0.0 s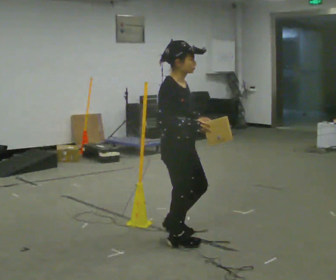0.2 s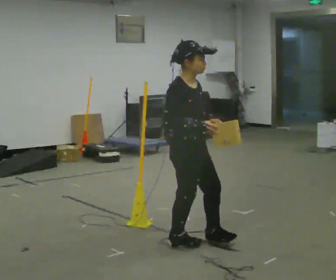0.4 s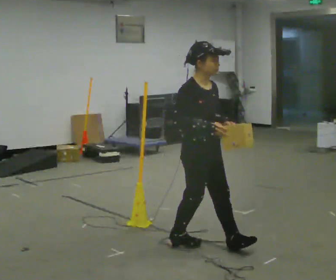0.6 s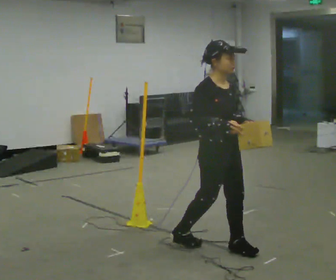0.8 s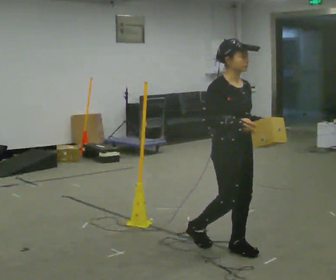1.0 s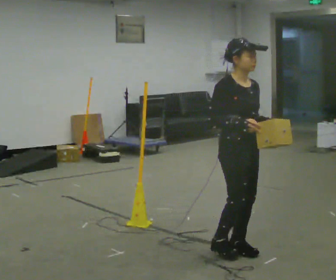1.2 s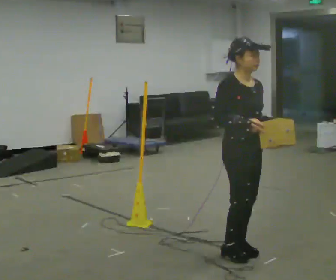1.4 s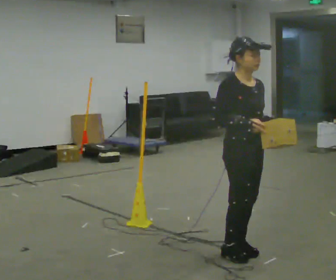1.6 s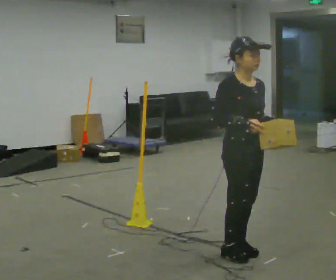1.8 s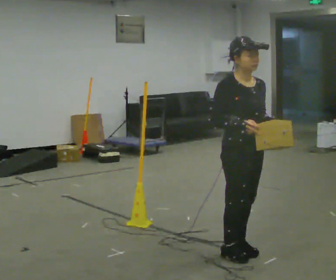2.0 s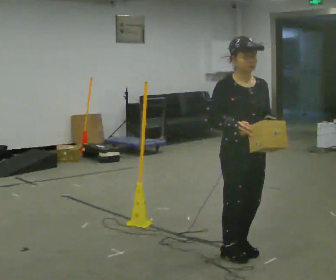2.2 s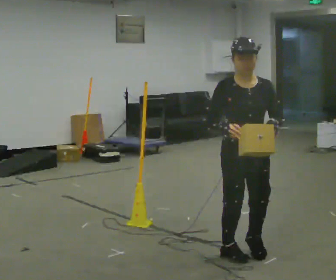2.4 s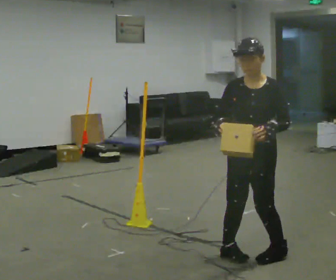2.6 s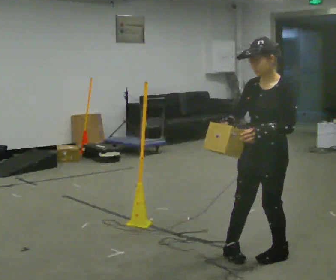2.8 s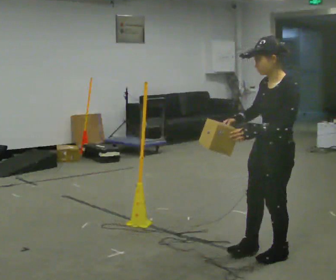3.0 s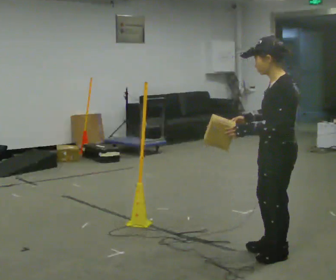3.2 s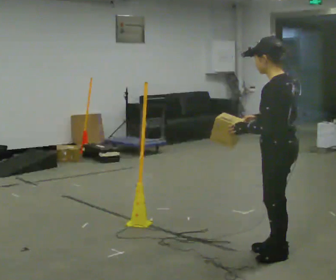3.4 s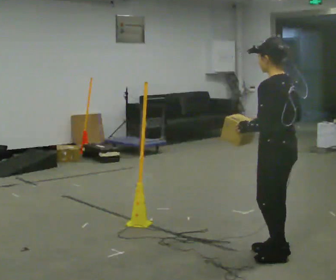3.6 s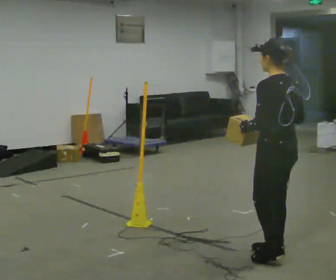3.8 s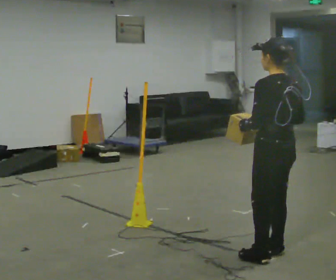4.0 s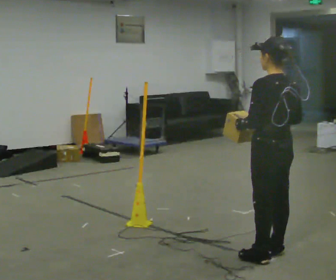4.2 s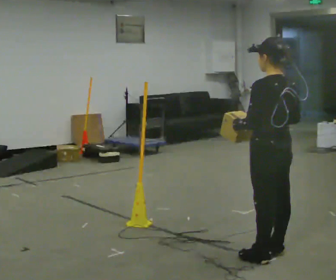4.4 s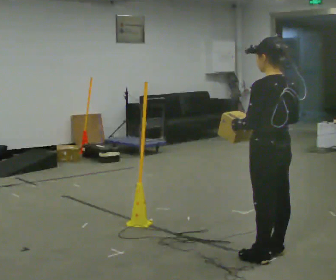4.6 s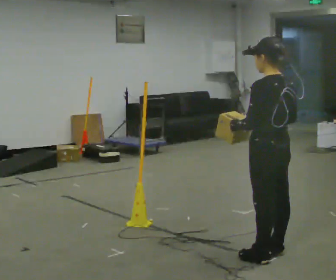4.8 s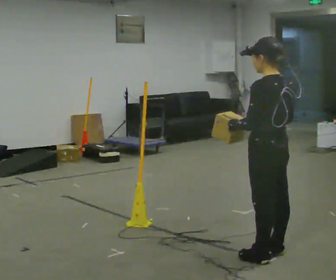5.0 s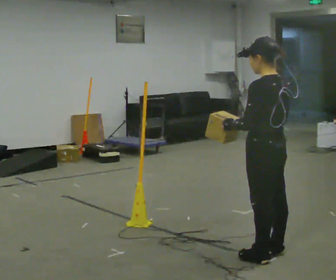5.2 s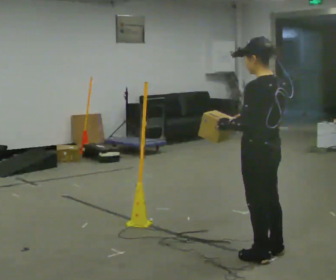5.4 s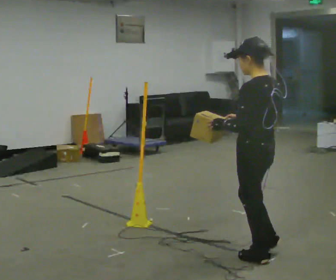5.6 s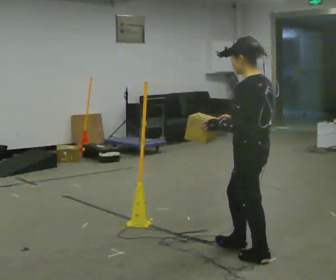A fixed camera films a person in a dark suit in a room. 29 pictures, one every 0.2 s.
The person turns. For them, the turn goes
to their right.
The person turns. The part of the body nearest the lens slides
to the left.
0.0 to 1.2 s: Seen from above the body turns clockwise, about 30 degrees: to their right, with its near side sliding to the left. In the picture they go to the right, about 0.5 m in 2 steps, which for them is forward.
1.2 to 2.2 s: Seen from above the body turns clockwise, about 30 degrees: to their right, with its near side sliding to the left.
2.2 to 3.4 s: The part of the body nearest the lens slides to the left as the person turns to their right by about 135 degrees. In the picture they go to the right, about 0.25 m in 2 steps. In the picture their right hand goes to the right.
3.4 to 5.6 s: In the picture they go to the left, about 0.25 m, which for them is to their left and forward.
The film runs forward here.
